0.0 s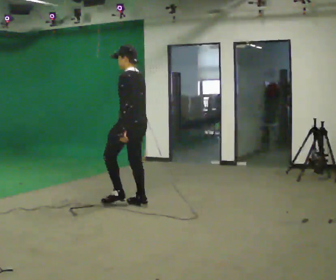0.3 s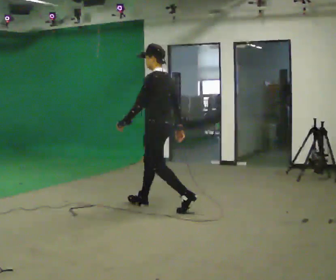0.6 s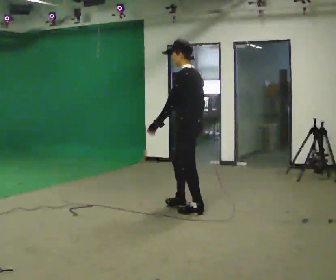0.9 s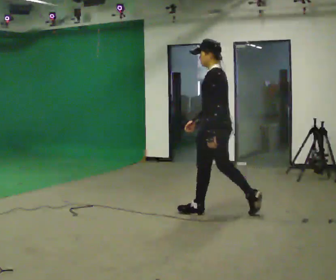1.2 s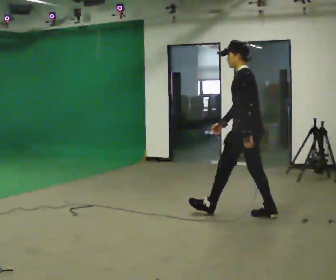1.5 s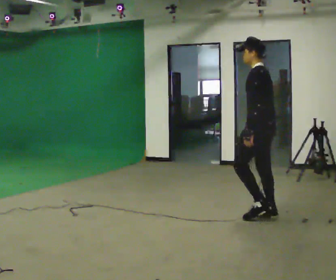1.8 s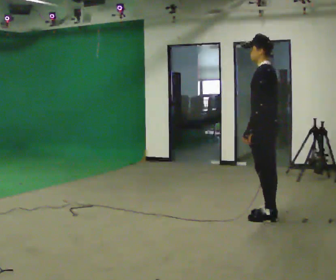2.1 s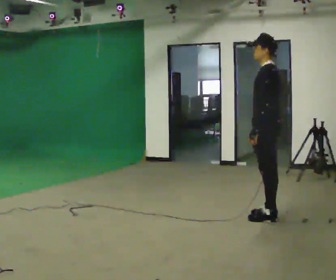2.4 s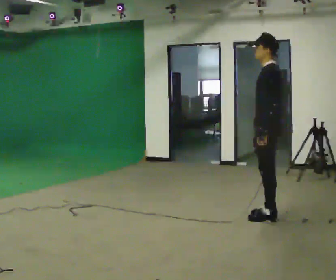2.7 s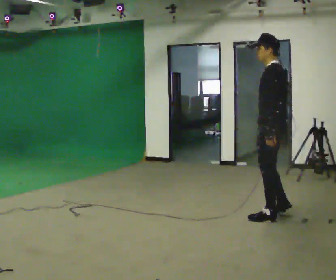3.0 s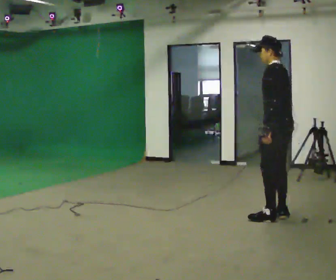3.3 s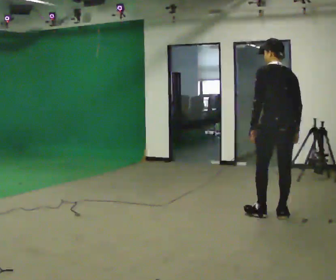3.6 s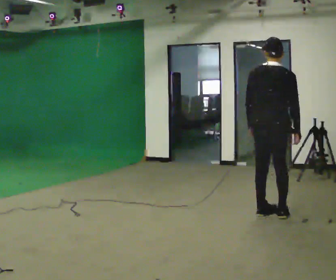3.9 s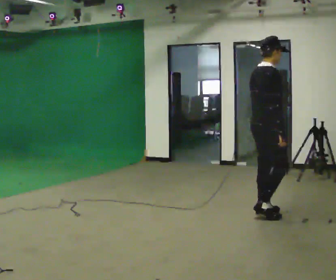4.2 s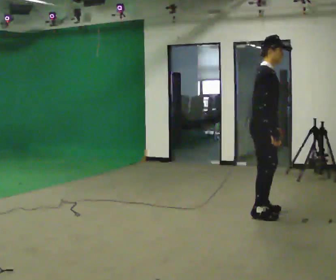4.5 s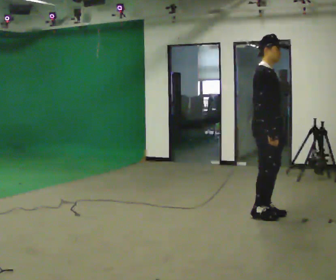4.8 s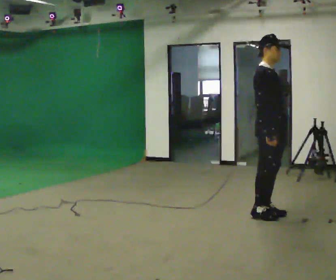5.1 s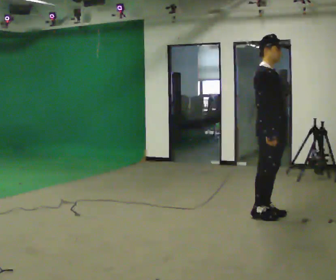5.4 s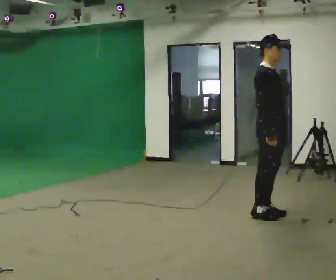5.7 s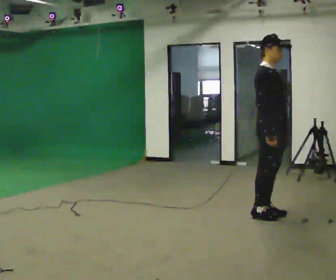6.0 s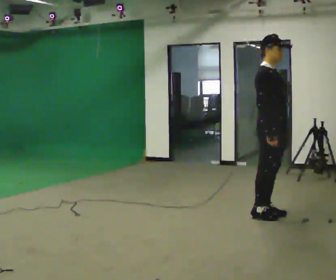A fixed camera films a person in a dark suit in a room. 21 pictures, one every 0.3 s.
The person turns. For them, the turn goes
to their right.
The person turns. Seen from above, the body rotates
clockwise.
0.0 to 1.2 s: In the picture they go to the right, about 1.5 m in 2 steps, which for them is backward.
1.2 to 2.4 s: In the picture they go to the right, about 0.25 m, which for them is backward.
2.4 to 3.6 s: Seen from above the body turns clockwise, about 75 degrees: to their right, with its near side sliding to the left.
3.6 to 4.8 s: The person turns about 105 degrees to their right, clockwise seen from above, so the part of the body nearest the lens slides to the left.
4.8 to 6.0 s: The person keeps their place and pose.
The film runs backward here.
